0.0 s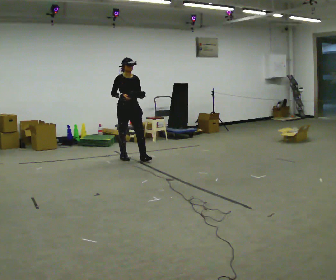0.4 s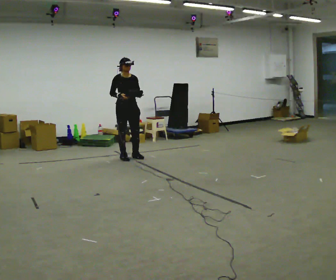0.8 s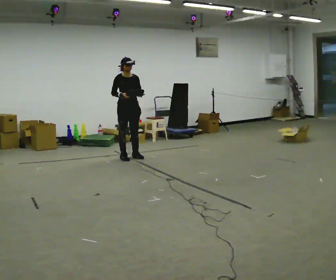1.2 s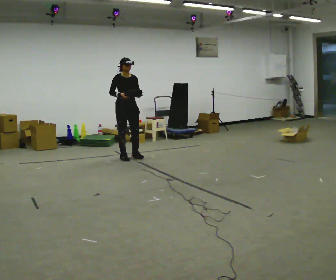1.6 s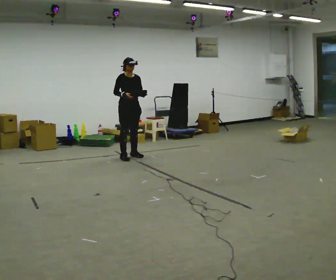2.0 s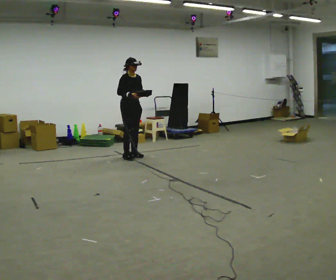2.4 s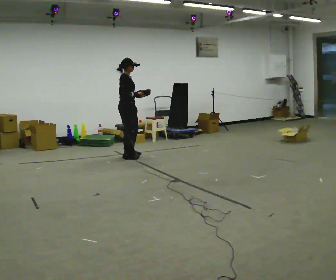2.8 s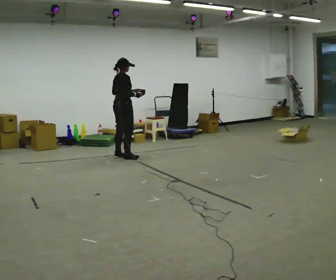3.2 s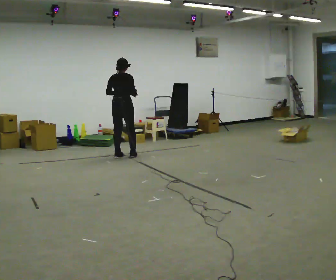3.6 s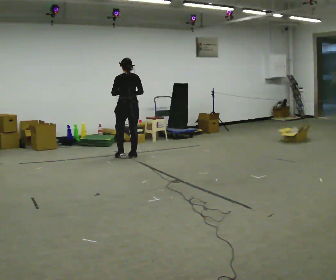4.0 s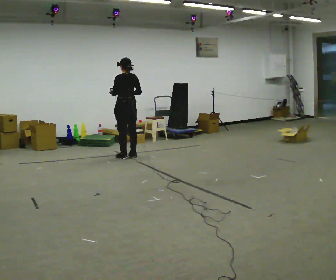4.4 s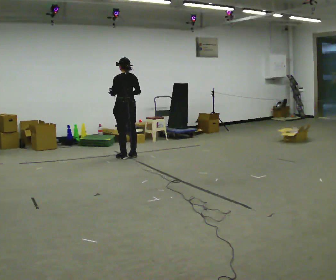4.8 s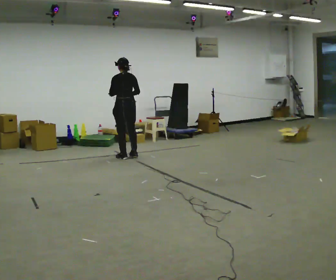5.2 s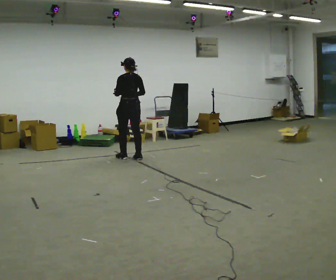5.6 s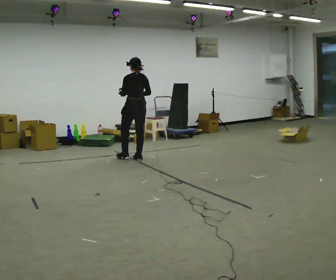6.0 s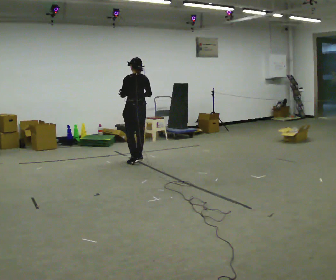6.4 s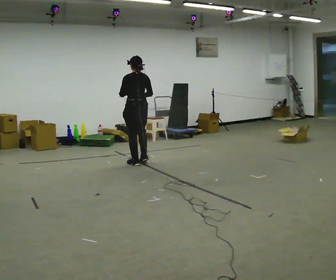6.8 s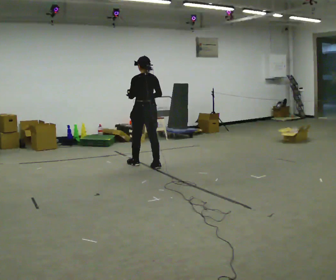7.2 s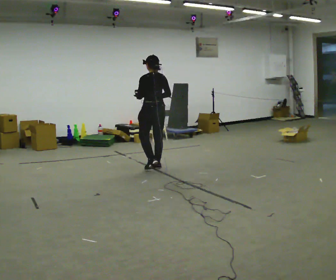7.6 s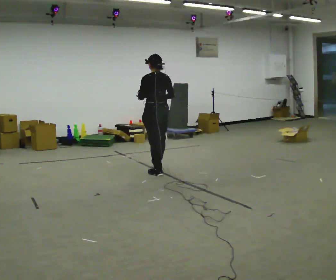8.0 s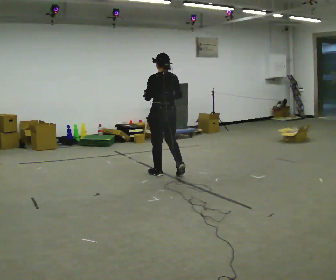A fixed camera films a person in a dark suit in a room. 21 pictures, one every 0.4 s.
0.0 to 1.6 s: In the picture they go away from the camera, about 0.25 m, which for them is backward.
1.6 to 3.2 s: Seen from above the body turns counterclockwise, about 120 degrees: to their left, with its near side sliding to the right. In the picture their left hand goes to the left.
3.2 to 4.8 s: The part of the body nearest the lens slides to the right as the person turns to their left by about 45 degrees.
4.8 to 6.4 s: In the picture they go toward the camera, about 0.5 m in 2 steps, which for them is backward.
6.4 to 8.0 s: In the picture they go toward the camera and to the right, about 1 m in 2 steps, which for them is backward.
The film runs backward here.
